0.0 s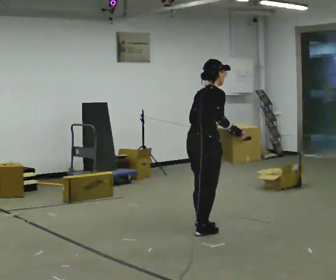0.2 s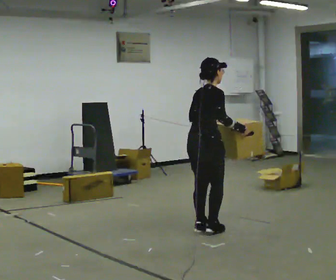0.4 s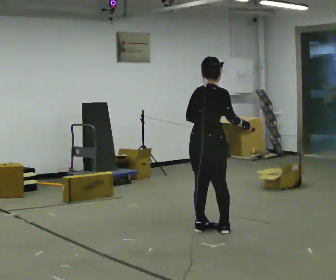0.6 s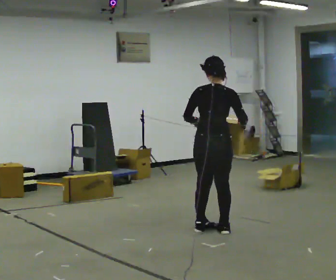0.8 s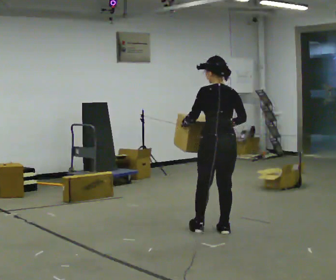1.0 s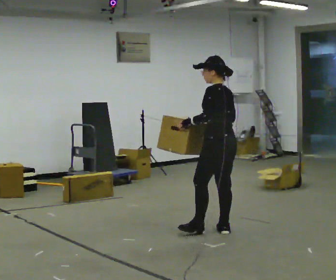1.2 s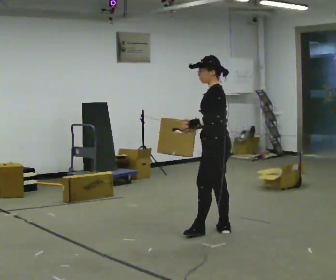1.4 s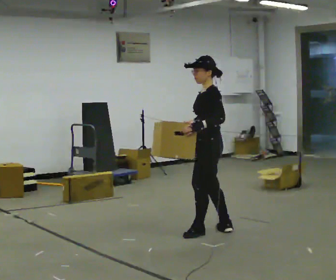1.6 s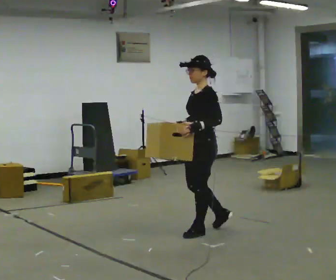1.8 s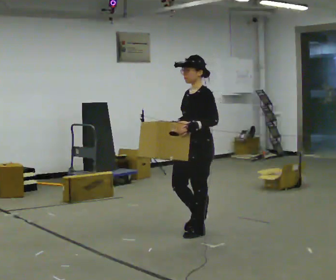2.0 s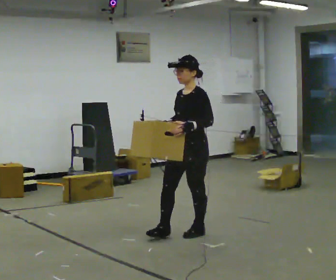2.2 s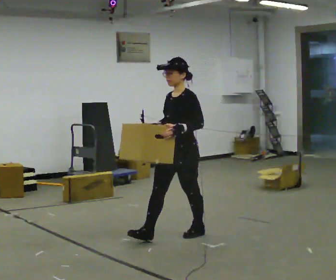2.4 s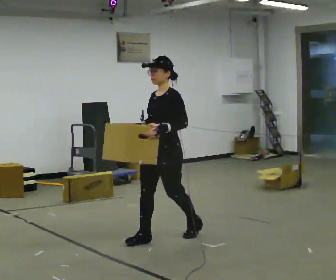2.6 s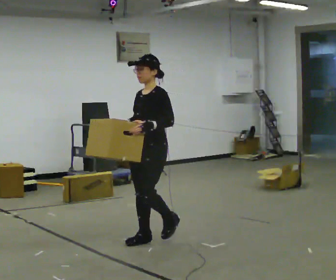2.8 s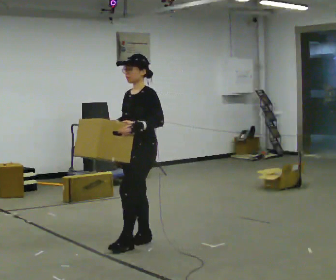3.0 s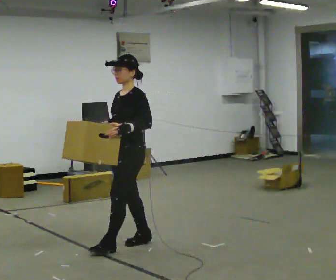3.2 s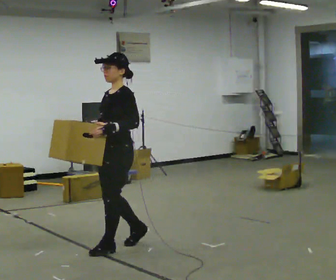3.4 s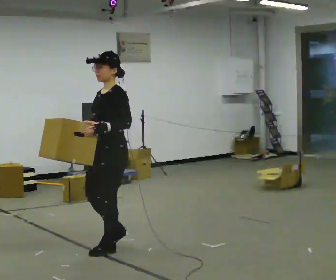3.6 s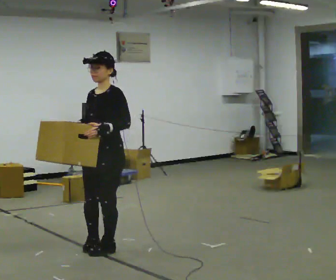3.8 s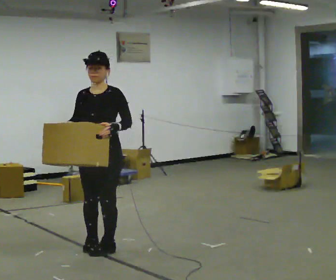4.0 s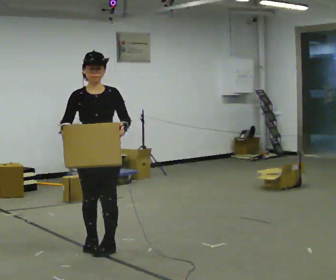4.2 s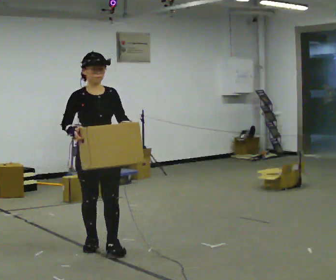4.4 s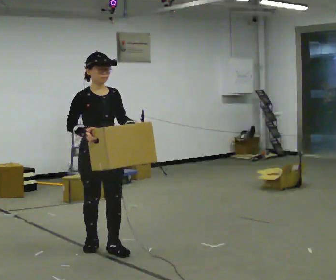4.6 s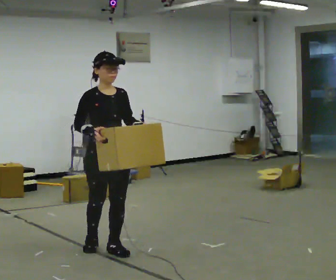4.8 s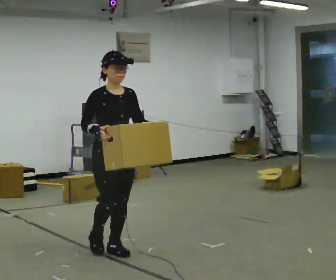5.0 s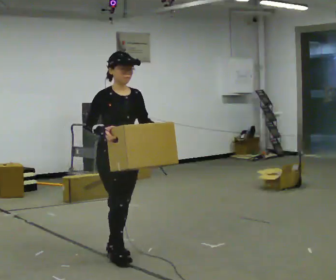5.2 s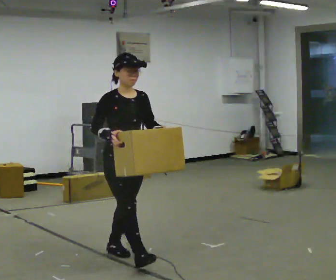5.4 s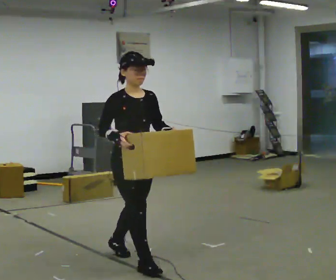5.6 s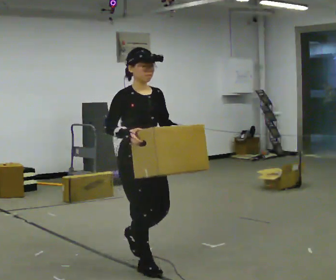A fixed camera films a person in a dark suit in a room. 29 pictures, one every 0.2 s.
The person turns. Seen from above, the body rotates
counterclockwise.
The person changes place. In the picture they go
toward the camera.
0.0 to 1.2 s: Seen from above the body turns counterclockwise, about 135 degrees: to their left, with its near side sliding to the right. In the picture the upper body tilts counterclockwise, shoulders to the left.
1.2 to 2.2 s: The person turns about 45 degrees to their left, counterclockwise seen from above, so the part of the body nearest the lens slides to the right. In the picture they go to the left and toward the camera, about 0.5 m in 1 step, which for them is forward.
2.2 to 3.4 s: In the picture they go to the left and toward the camera, about 0.75 m in 1 step, which for them is forward.
3.4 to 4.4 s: Seen from above the body turns counterclockwise, about 90 degrees: to their left, with its near side sliding to the right.
4.4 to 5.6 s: In the picture they go toward the camera and to the right, about 0.5 m in 1 step, which for them is forward.
The film runs forward here.
